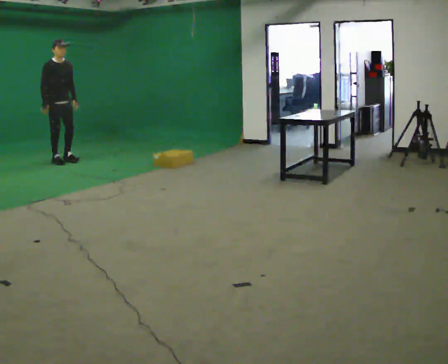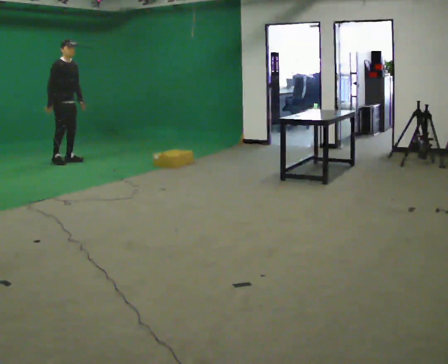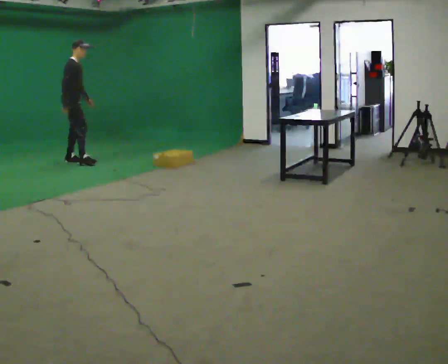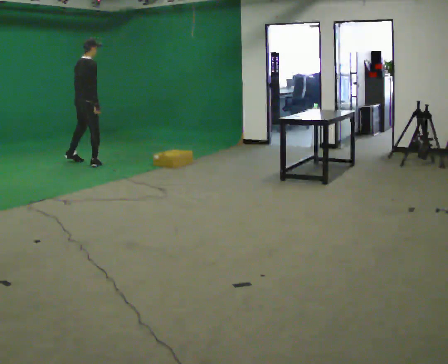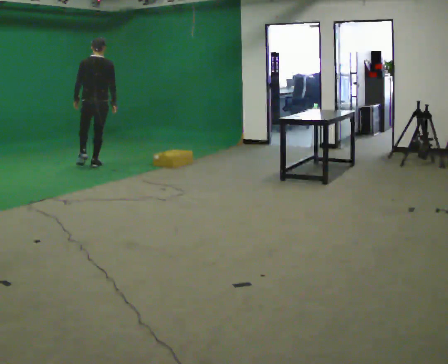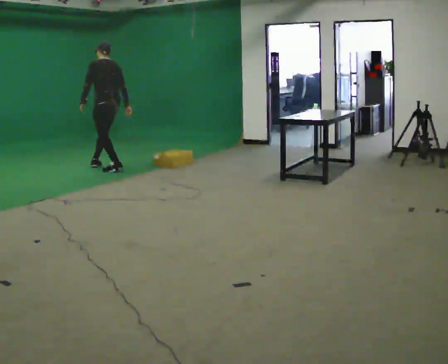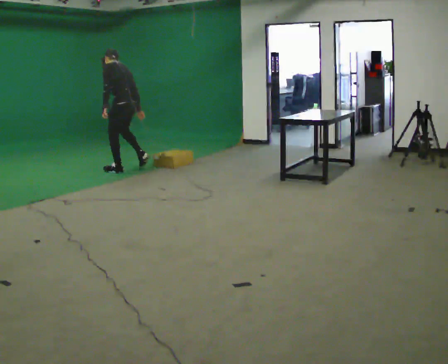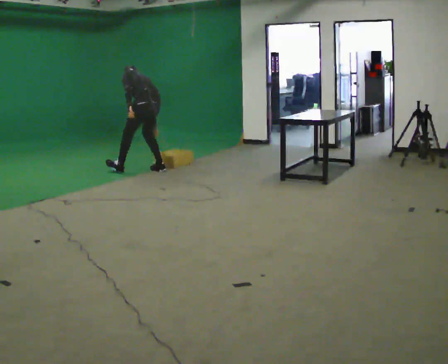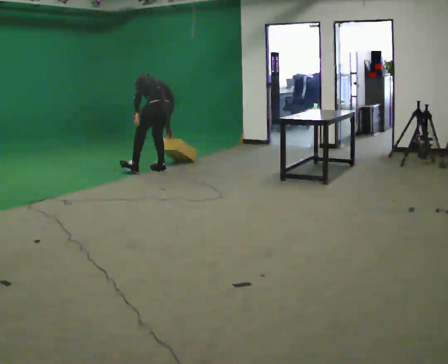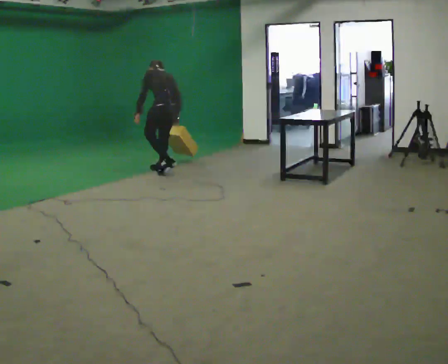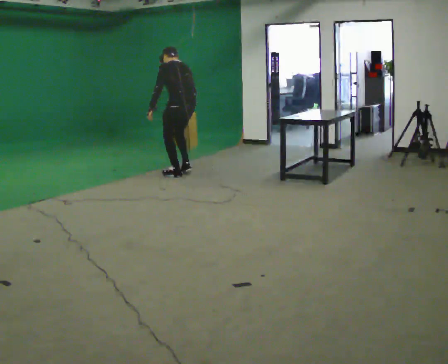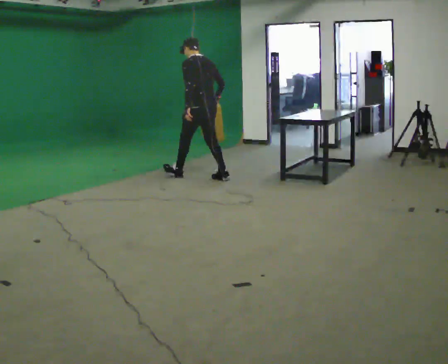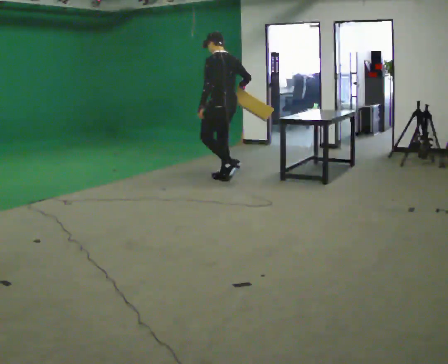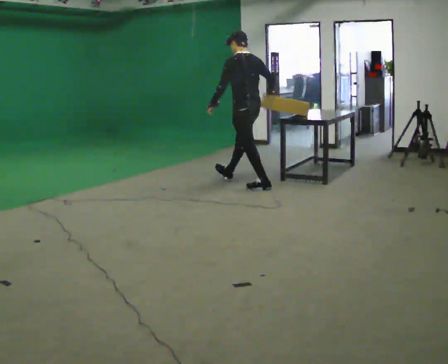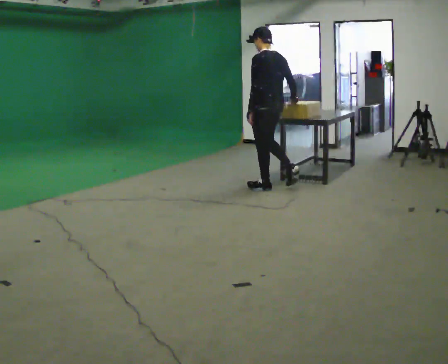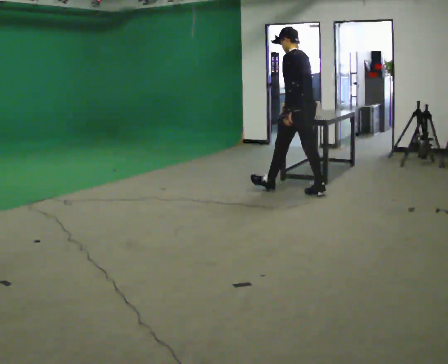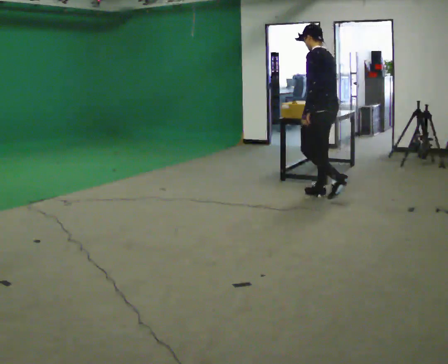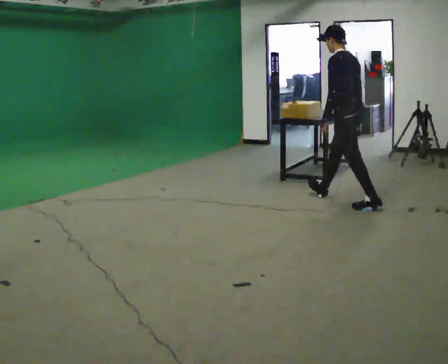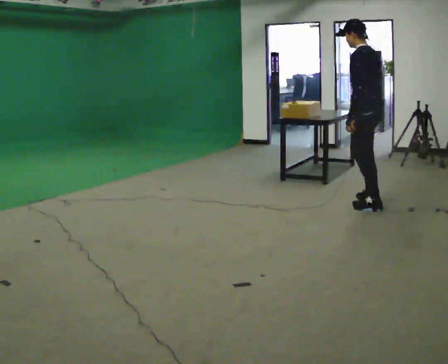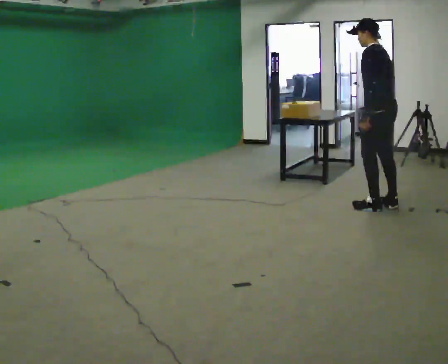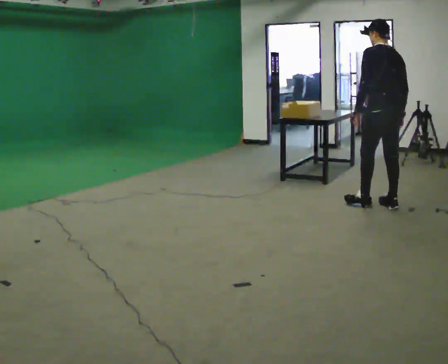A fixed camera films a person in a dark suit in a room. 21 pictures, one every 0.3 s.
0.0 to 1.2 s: Seen from above the body turns counterclockwise, about 135 degrees: to their left, with its near side sliding to the right. In the picture they go to the right, about 0.75 m in 2 steps.
1.2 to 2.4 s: Seen from above the body turns counterclockwise, about 45 degrees: to their left, with its near side sliding to the right. In the picture they go to the right and toward the camera, about 1 m in 2 steps, which for them is backward. The shoulders move downward. The upper body tips away from the camera, its near side rolling upward, as they bend forward.
2.4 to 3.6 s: In the picture they go to the right and toward the camera, about 1 m in 2 steps, which for them is backward. The upper body goes upward. The upper body tips toward the camera, its near side rolling downward, as they lean back or straighten.
3.6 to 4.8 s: In the picture they go to the right and toward the camera, about 1.5 m in 2 steps, which for them is backward.
4.8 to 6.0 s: Seen from above the body turns clockwise, about 30 degrees: to their right, with its near side sliding to the left. In the picture they go toward the camera and to the right, about 0.5 m in 2 steps, which for them is backward.
The film runs backward here.
